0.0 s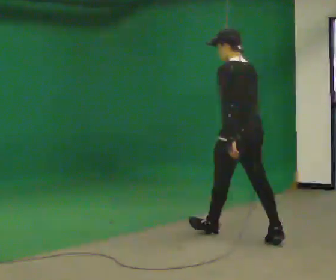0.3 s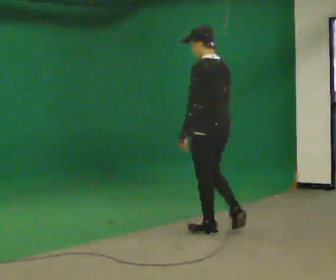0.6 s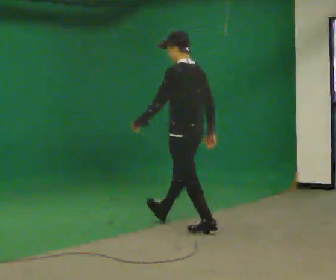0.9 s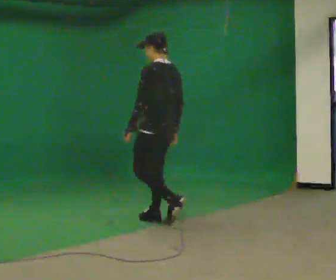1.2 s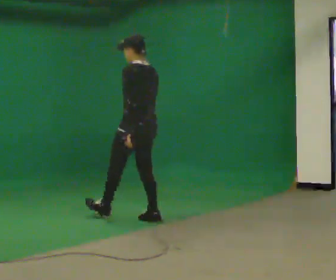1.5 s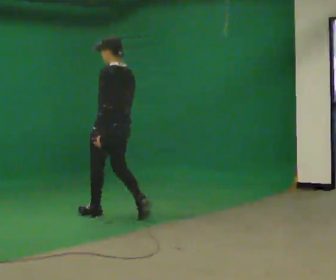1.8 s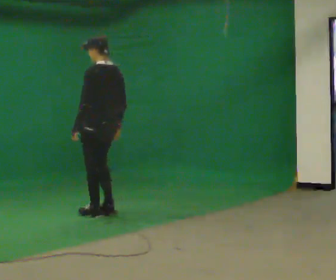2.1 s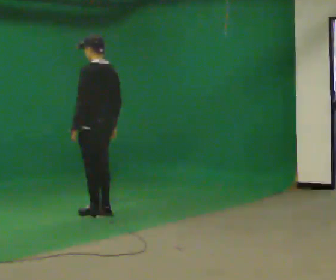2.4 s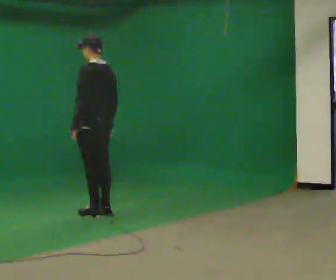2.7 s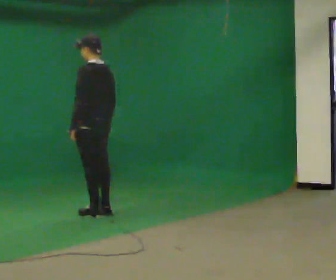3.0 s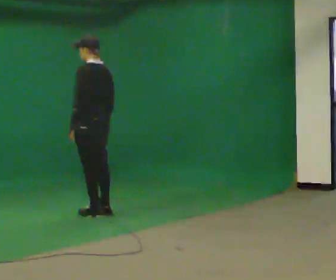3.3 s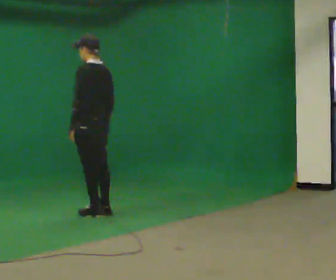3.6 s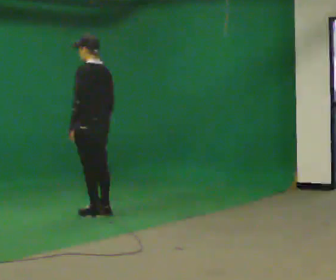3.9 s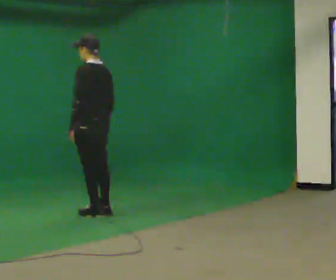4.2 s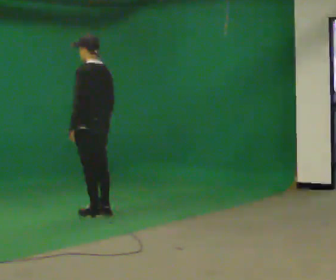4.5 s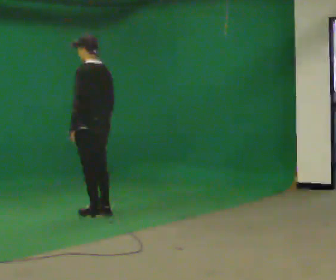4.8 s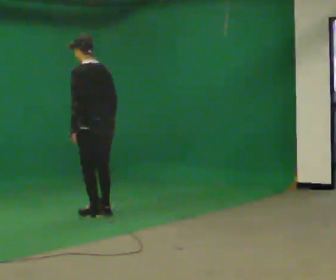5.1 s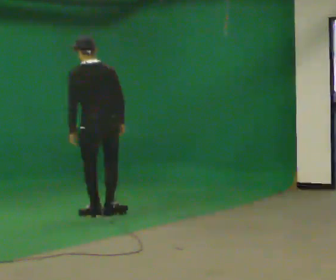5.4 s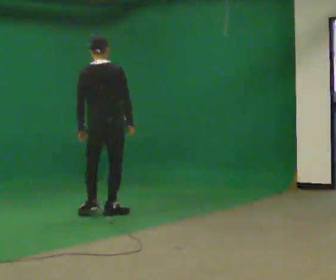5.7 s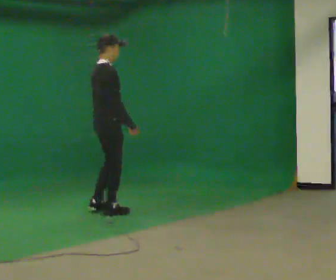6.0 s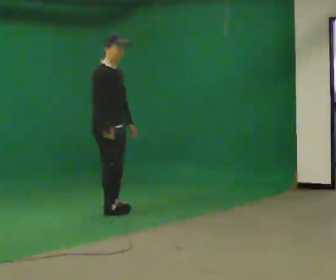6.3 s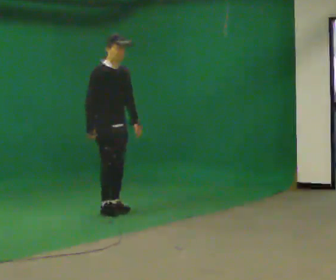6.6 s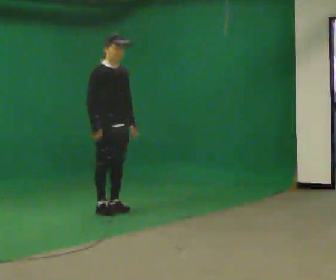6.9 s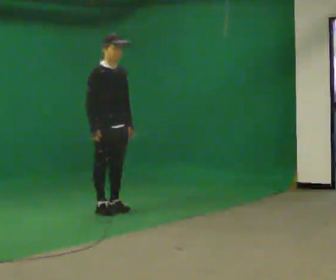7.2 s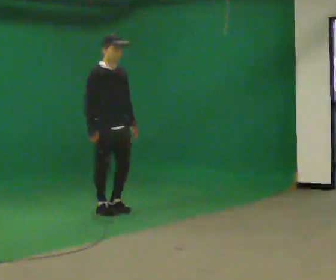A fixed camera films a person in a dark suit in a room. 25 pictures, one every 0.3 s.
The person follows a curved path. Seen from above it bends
clockwise.
0.0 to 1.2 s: In the picture they go away from the camera and to the left, about 1 m in 1 step, which for them is forward.
1.2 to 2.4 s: In the picture they go to the left and away from the camera, about 0.5 m in 2 steps, which for them is forward.
2.4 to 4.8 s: The person moves a little, or ends about where they began.
4.8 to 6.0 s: Seen from above the body turns clockwise, about 165 degrees: to their right, with its near side sliding to the left. In the picture they go away from the camera, about 0.25 m in 1 step. In the picture the upper body tilts clockwise, shoulders to the right.
6.0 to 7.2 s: The person moves a little, or ends about where they began.
The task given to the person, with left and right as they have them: Walk straight; turn 90° left/right while continuing to walk; continue.
The film runs forward here.
